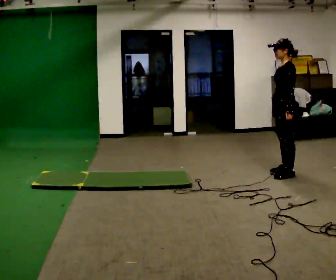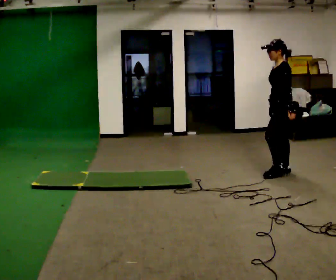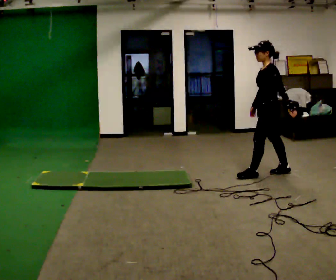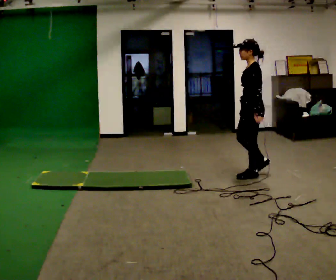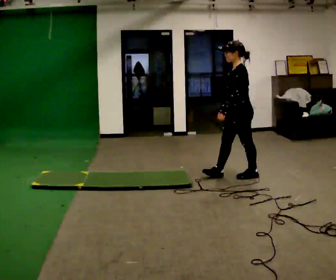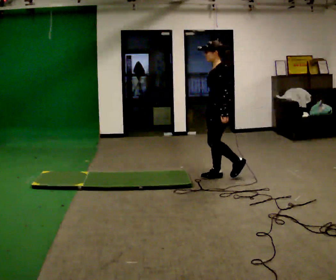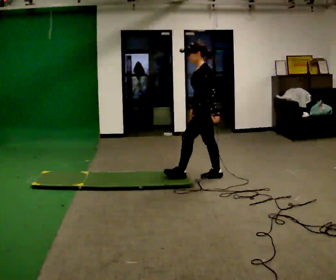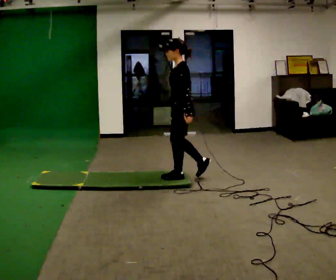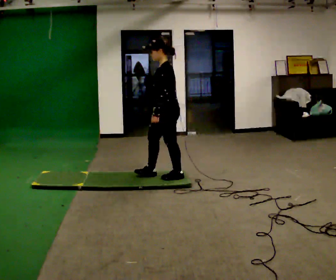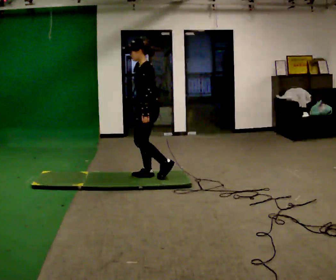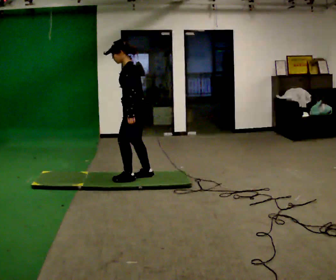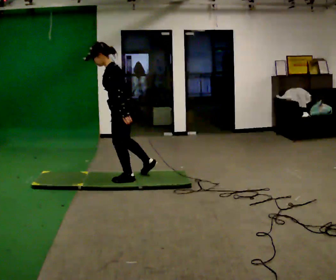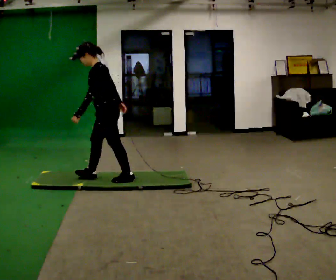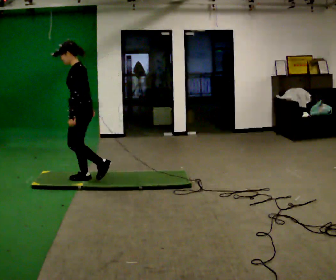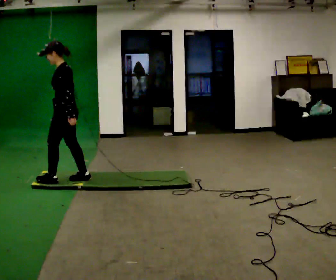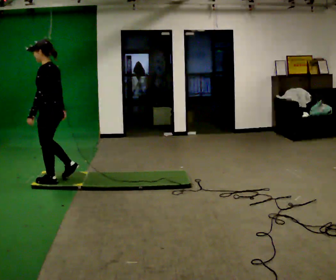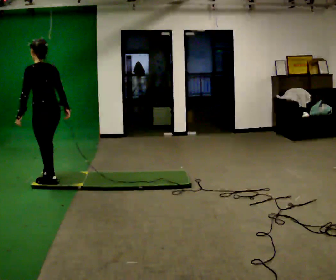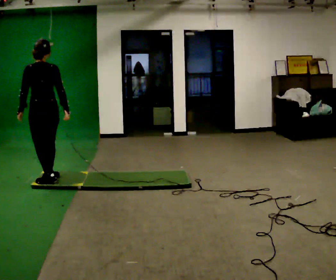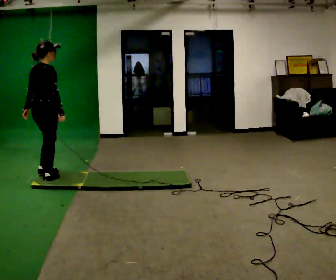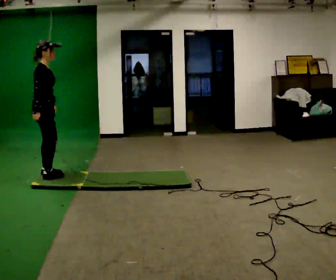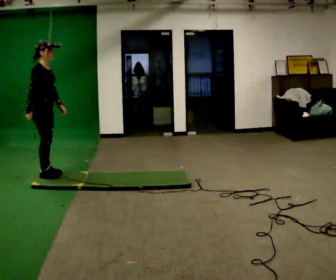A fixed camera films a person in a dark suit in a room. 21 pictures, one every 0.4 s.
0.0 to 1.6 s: In the picture they go to the left, about 0.5 m in 2 steps, which for them is forward.
1.6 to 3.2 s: In the picture they go to the left, about 1 m in 1 step, which for them is forward.
3.2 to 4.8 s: In the picture they go to the left, about 0.75 m in 2 steps, which for them is forward.
4.8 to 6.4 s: Seen from above the body turns clockwise, about 45 degrees: to their right, with its near side sliding to the left. In the picture they go to the left, about 0.75 m in 3 steps, which for them is forward.
6.4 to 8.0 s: Seen from above the body turns clockwise, about 150 degrees: to their right, with its near side sliding to the left. In the picture they go away from the camera and to the left, about 0.25 m in 1 step.
The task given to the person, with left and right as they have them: Walk across the floor at a normal pace. It may be more slippery in places. Recover however comes naturally.
The film runs forward here.
